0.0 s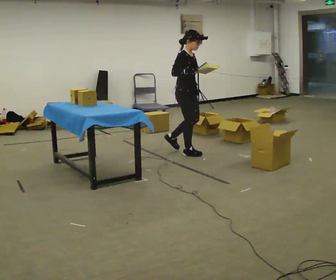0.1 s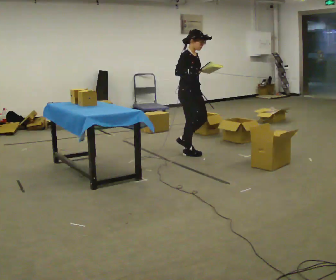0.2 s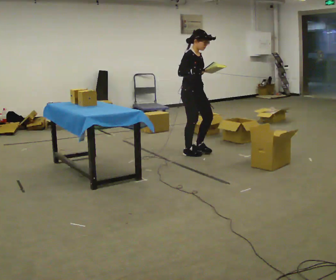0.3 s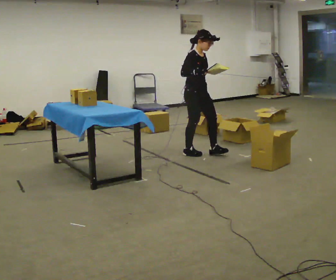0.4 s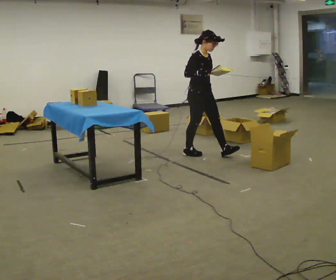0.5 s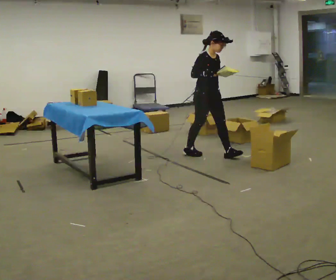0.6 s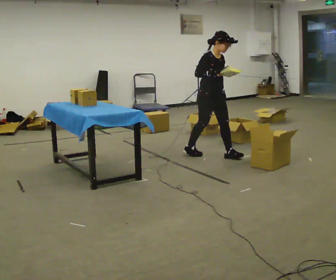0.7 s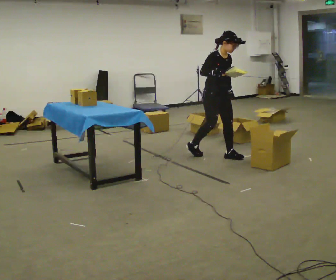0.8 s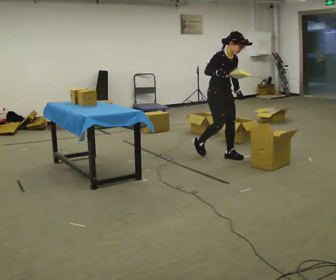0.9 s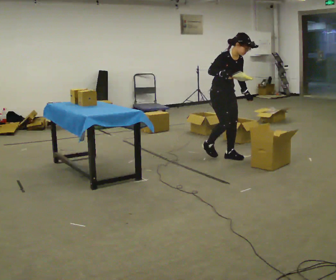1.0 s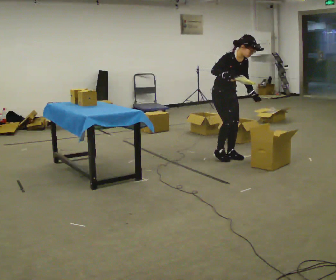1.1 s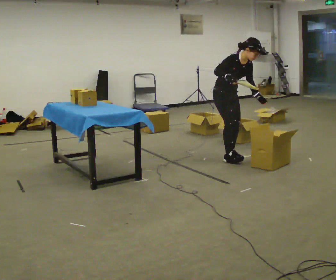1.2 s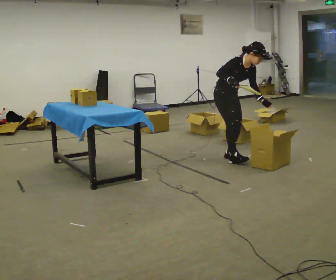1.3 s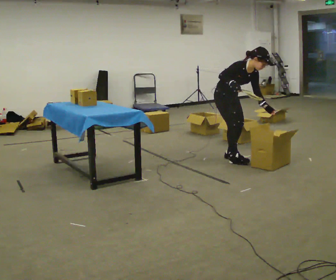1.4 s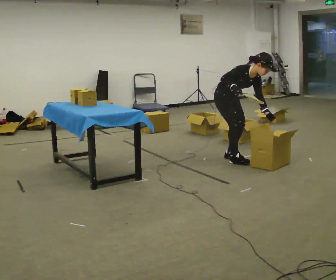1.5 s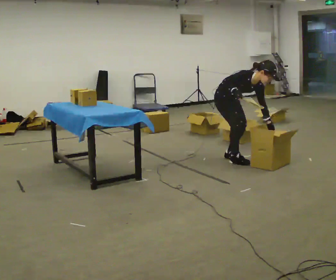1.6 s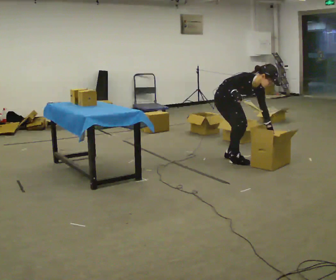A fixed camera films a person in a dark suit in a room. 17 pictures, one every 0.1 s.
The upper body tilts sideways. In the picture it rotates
clockwise.
The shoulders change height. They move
downward.
0.0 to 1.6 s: In the picture they go to the right and toward the camera, about 0.5 m in 2 steps, which for them is forward. The shoulders move downward. In the picture the upper body tilts clockwise, shoulders to the right, as they bend forward. In the picture their left hand goes downward.
The film runs forward here.
